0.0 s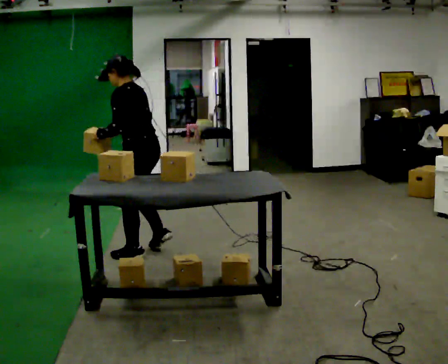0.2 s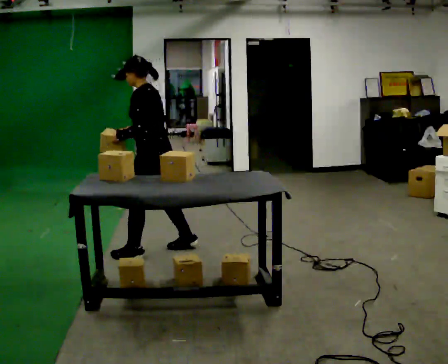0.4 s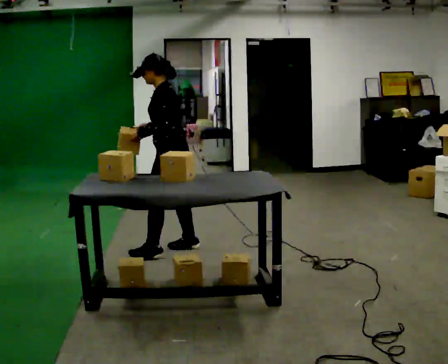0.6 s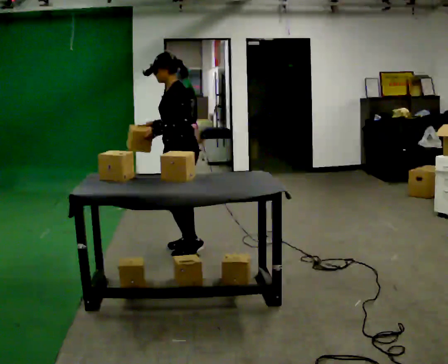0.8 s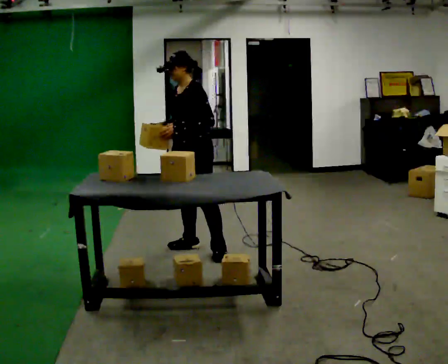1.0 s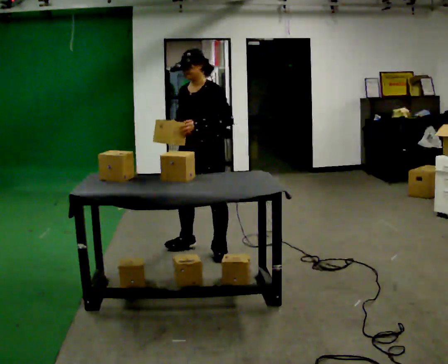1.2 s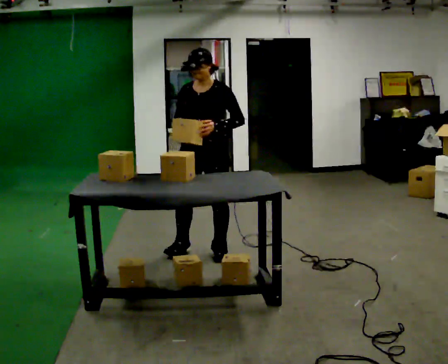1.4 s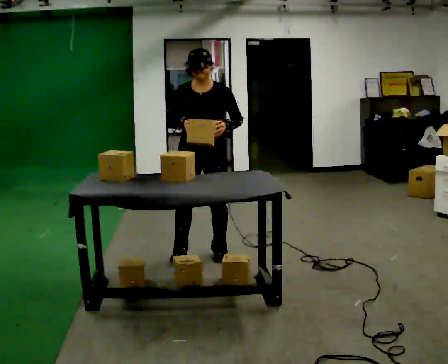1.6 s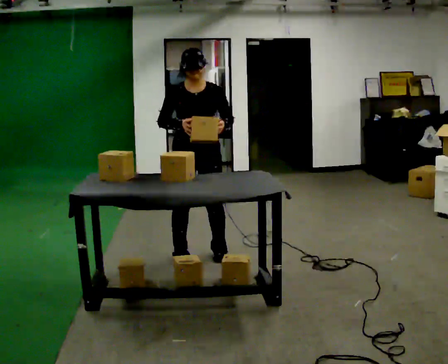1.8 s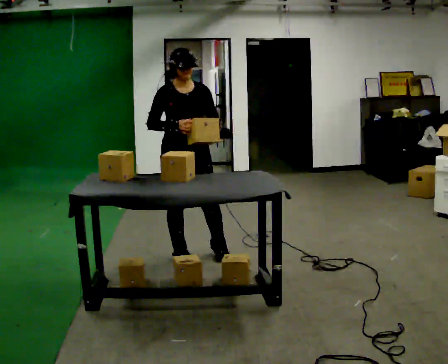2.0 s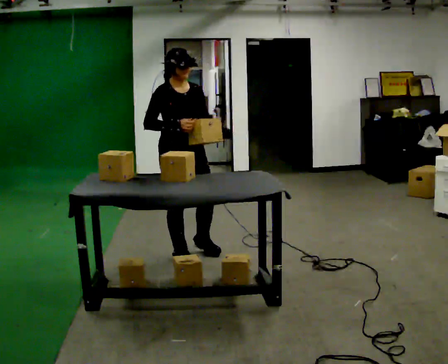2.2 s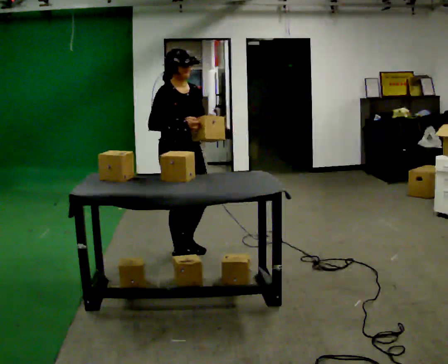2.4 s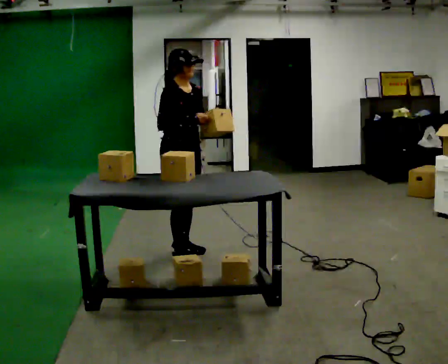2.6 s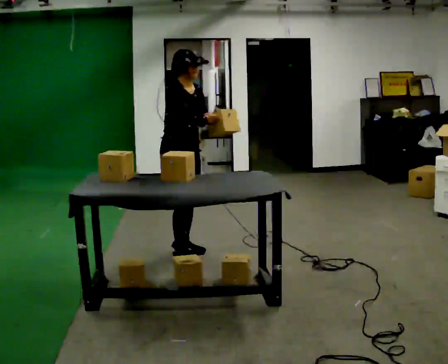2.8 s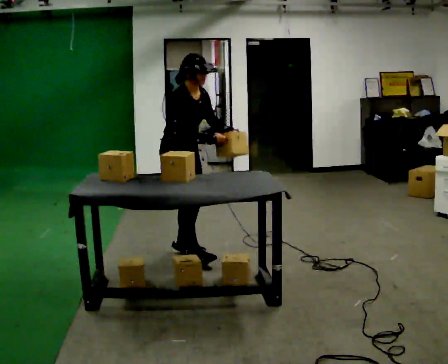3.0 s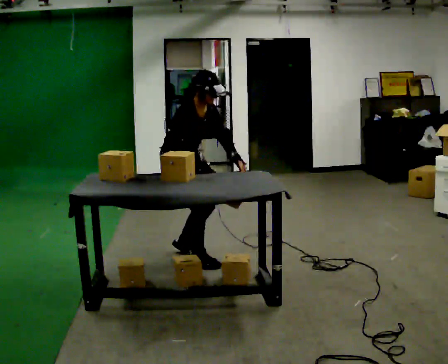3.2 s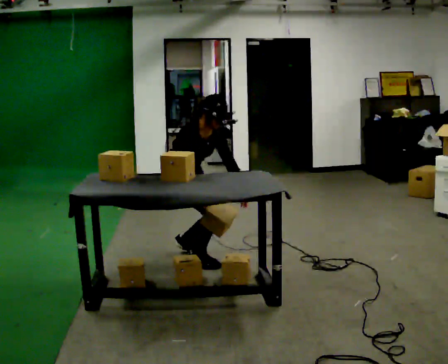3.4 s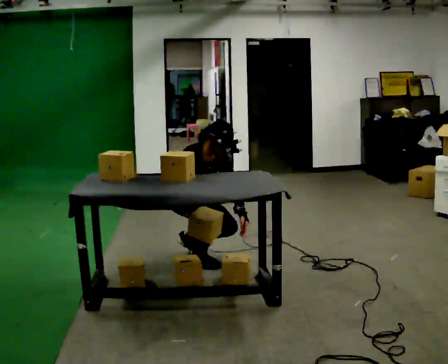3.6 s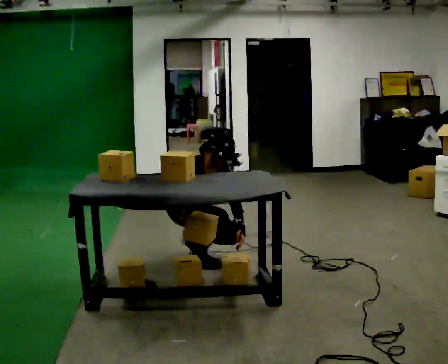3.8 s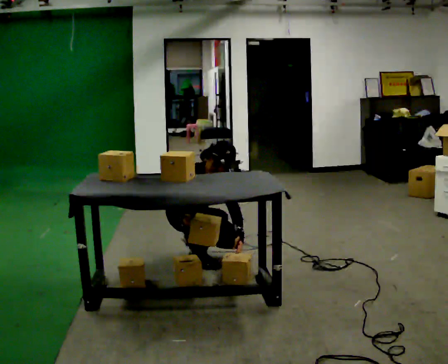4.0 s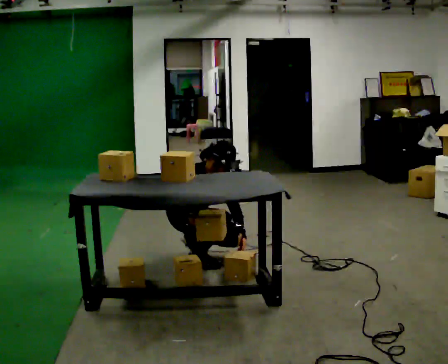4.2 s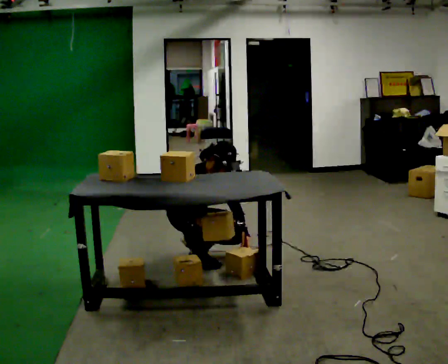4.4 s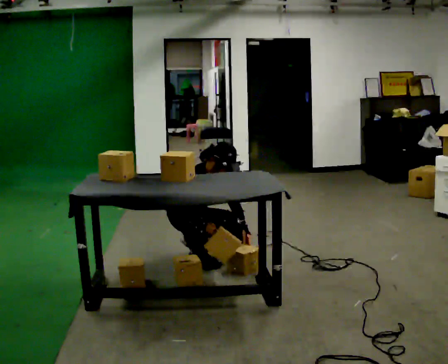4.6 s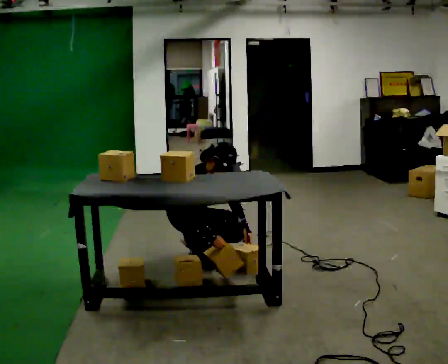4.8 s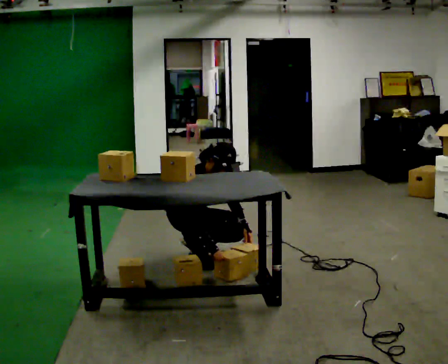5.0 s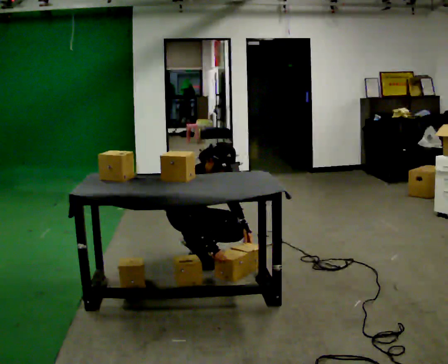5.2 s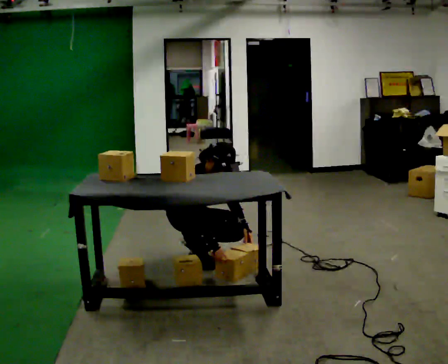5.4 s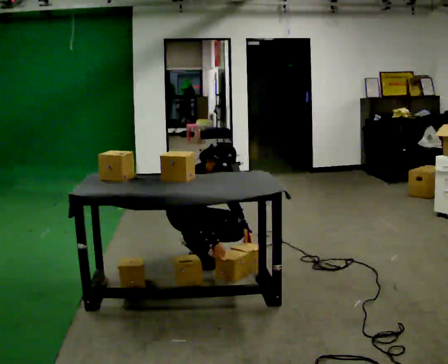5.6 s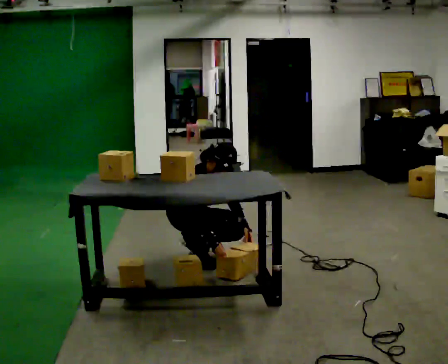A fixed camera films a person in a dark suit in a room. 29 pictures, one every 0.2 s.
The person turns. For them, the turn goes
to their left.
The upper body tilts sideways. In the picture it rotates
clockwise.
0.0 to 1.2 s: The part of the body nearest the lens slides to the right as the person turns to their left by about 90 degrees. In the picture they go to the right, about 0.5 m in 2 steps. In the picture the upper body tilts clockwise, shoulders to the right.
1.2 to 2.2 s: Seen from above the body turns counterclockwise, about 75 degrees: to their left, with its near side sliding to the right. In the picture they go to the left, about 0.25 m in 1 step.
2.2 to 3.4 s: The upper body goes downward. In the picture the upper body tilts clockwise, shoulders to the right, as they bend forward. In the picture their left hand goes downward.
3.4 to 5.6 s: The person moves a little, or ends about where they began.
The film runs backward here.
